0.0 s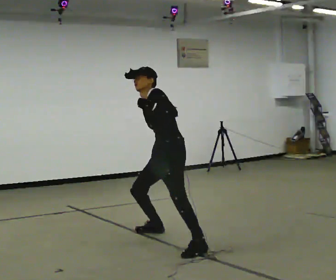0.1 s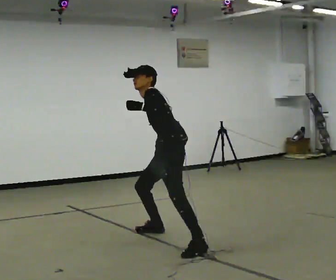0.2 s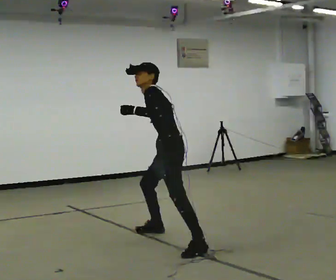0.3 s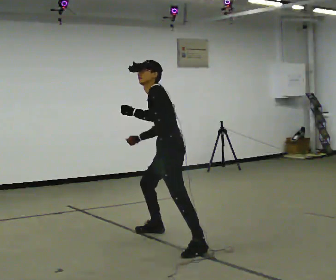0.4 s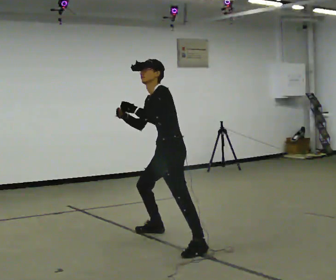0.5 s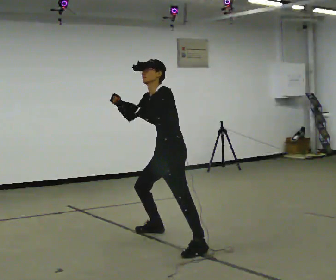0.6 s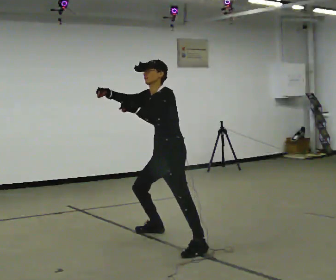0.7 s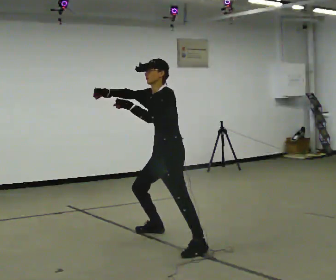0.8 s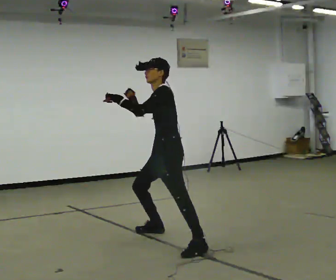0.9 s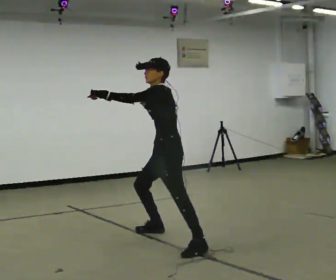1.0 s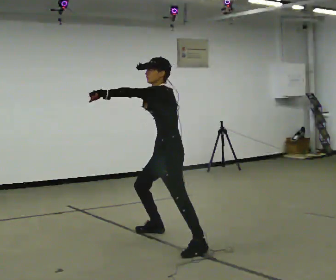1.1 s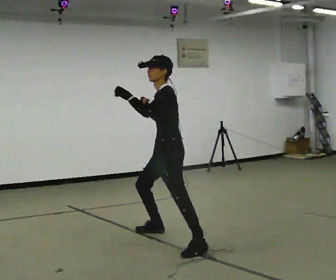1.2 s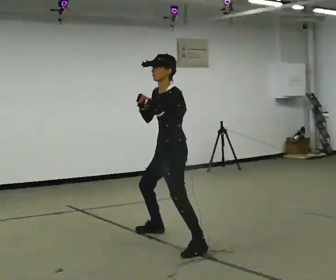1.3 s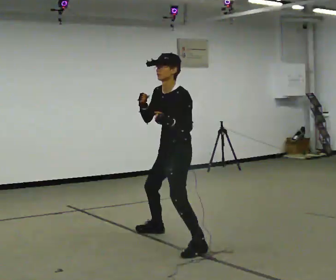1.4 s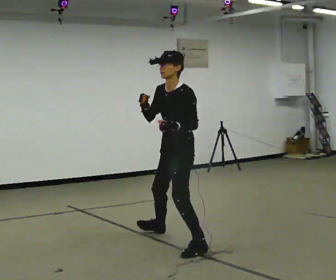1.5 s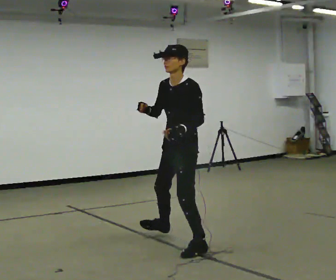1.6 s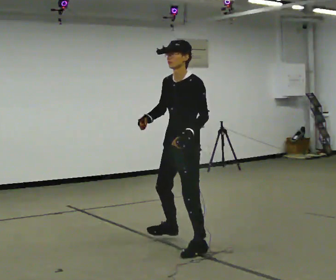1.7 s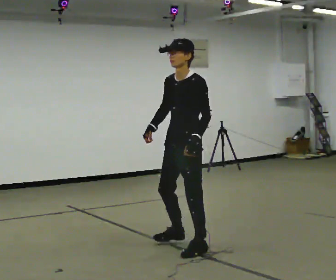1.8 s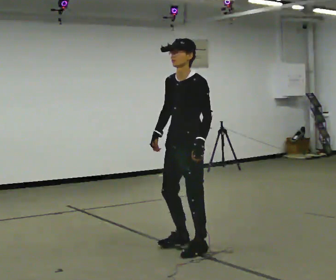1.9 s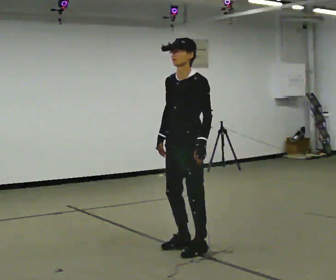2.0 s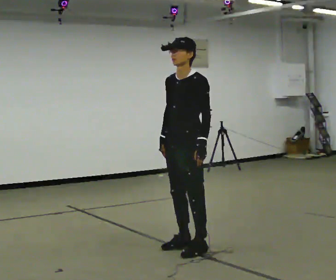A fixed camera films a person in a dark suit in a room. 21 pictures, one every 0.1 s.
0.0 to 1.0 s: In the picture the upper body tilts clockwise, shoulders to the right. In the picture their right hand goes upward.
1.0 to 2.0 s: The person turns about 30 degrees to their left, counterclockwise seen from above, so the part of the body nearest the lens slides to the right. In the picture they go toward the camera, about 0.5 m in 1 step, which for them is to their left and forward. In the picture their left hand goes downward.
The film runs backward here.
